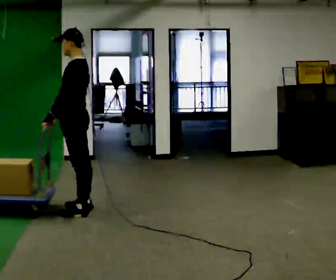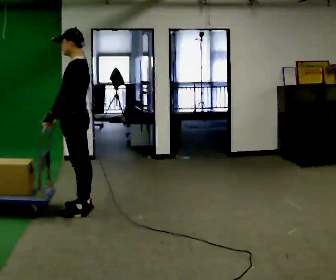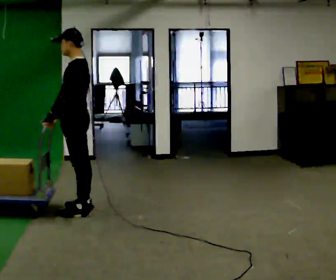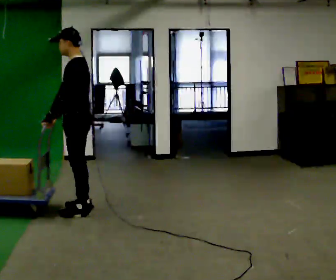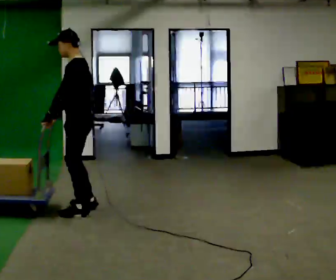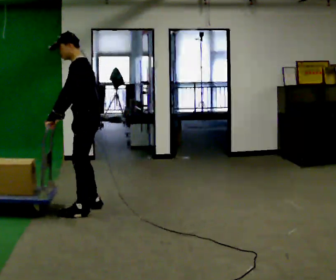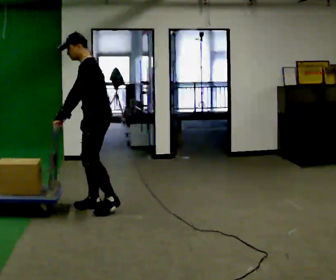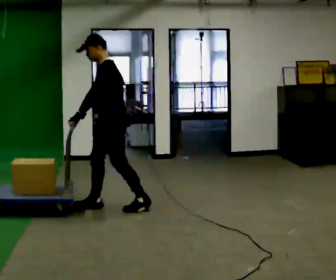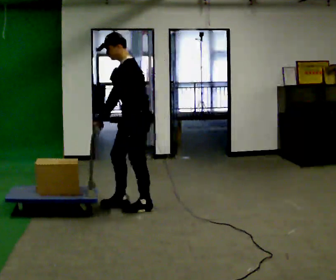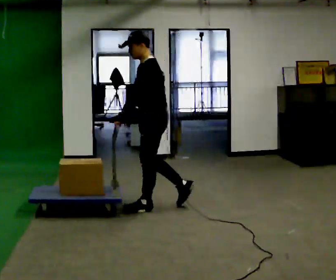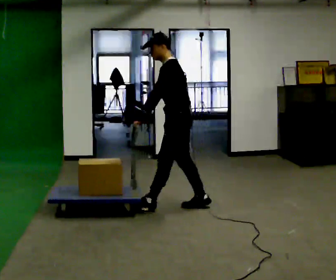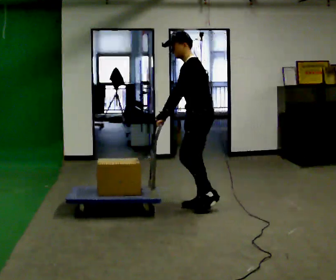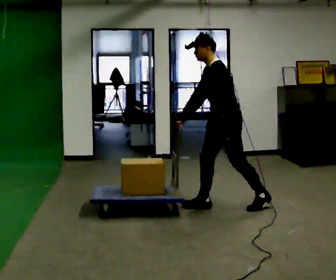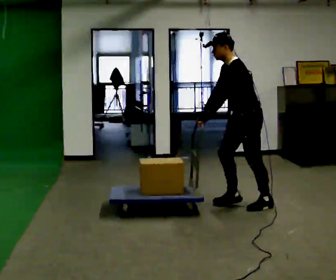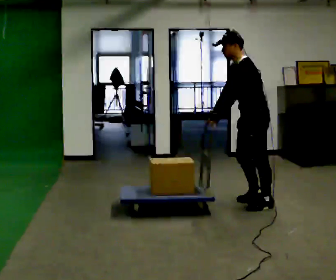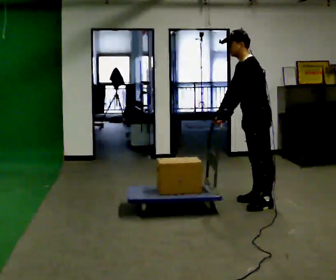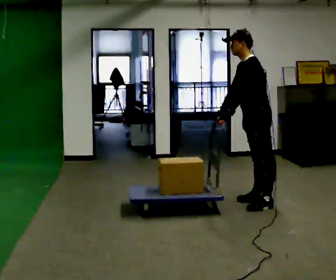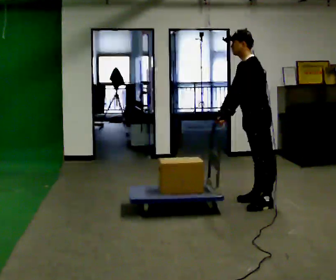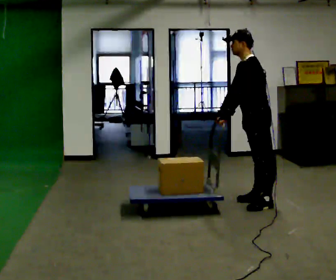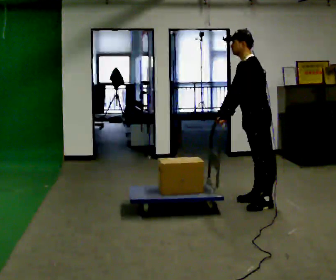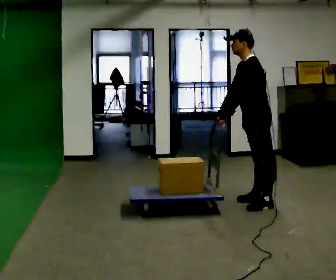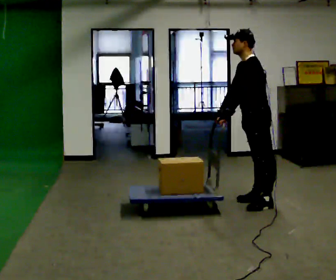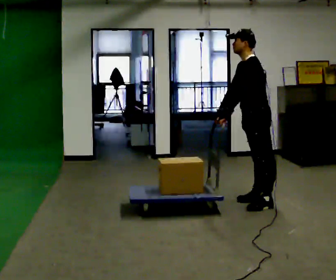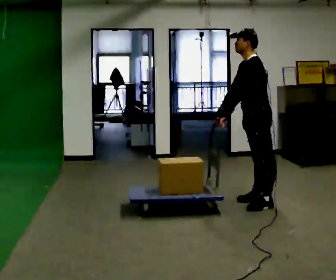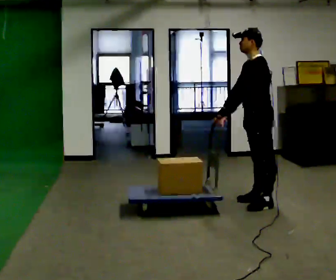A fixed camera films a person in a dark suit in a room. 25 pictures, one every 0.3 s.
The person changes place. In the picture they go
to the right.
0.0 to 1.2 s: The person moves a little, or ends about where they began.
1.2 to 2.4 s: In the picture they go to the right and away from the camera, about 0.5 m in 2 steps, which for them is backward.
2.4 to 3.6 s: In the picture they go to the right, about 1 m in 1 step, which for them is backward.
3.6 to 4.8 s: In the picture they go to the right, about 0.25 m in 1 step, which for them is backward.
4.8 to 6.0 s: The person keeps their place and pose.
6.0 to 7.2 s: The person moves a little, or ends about where they began.
The film runs backward here.
